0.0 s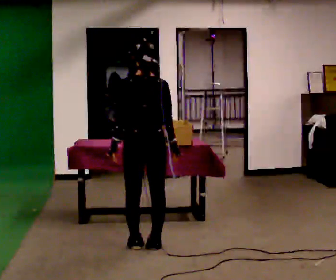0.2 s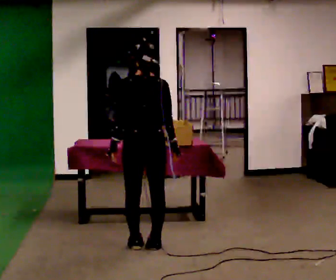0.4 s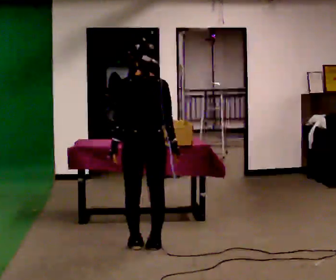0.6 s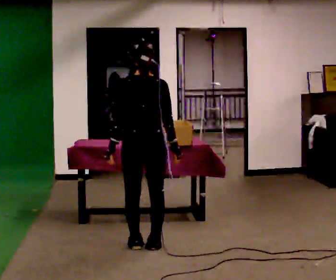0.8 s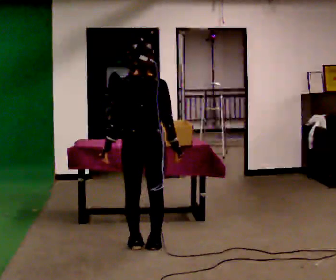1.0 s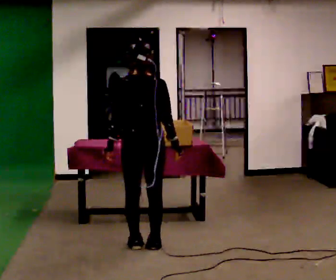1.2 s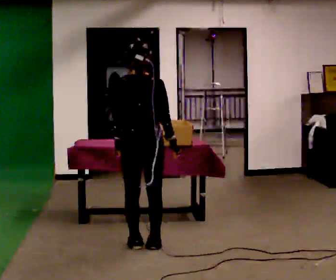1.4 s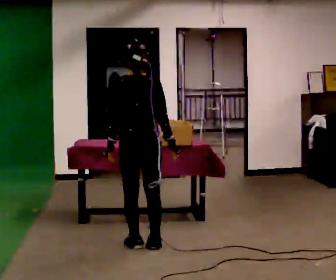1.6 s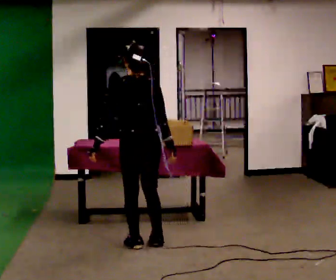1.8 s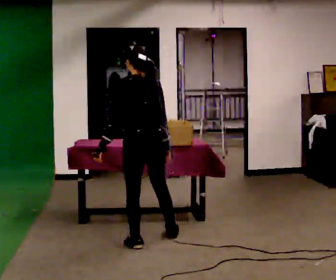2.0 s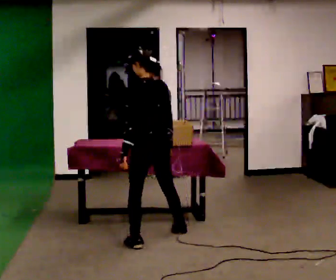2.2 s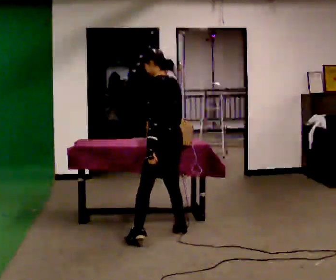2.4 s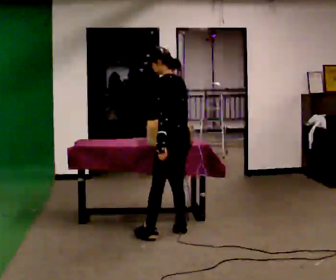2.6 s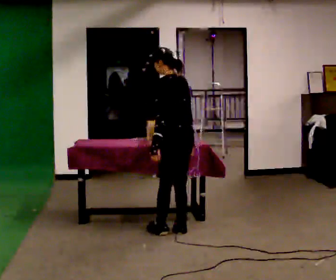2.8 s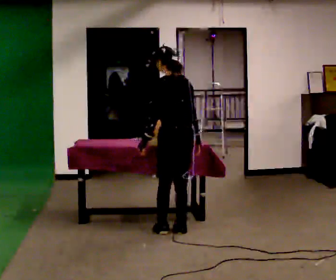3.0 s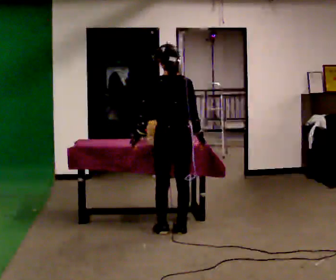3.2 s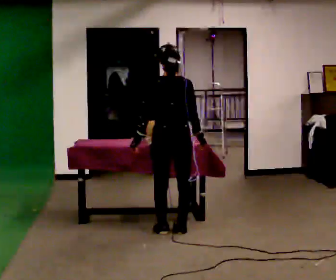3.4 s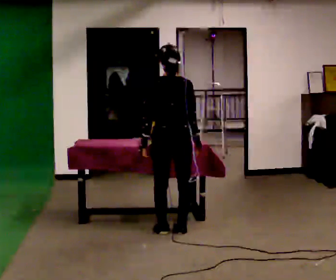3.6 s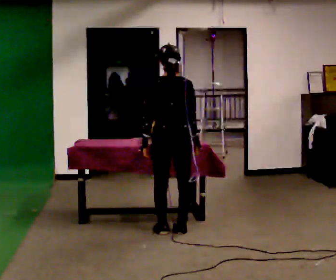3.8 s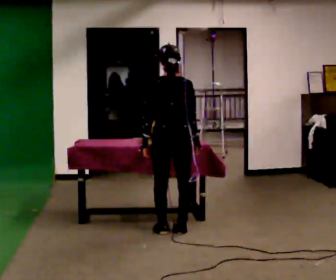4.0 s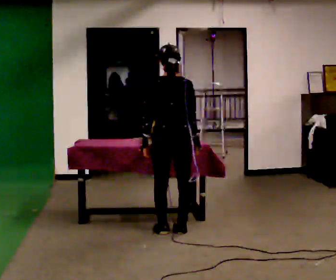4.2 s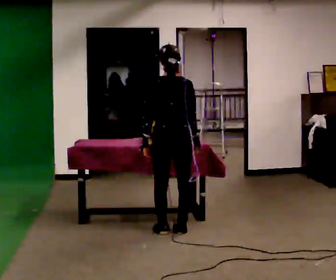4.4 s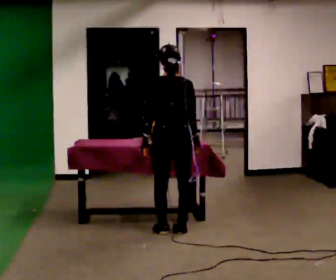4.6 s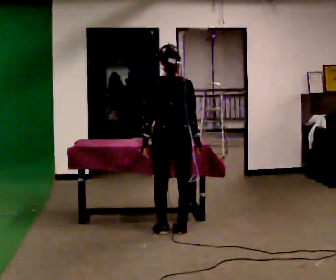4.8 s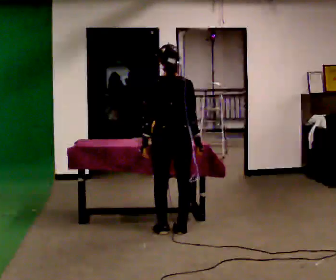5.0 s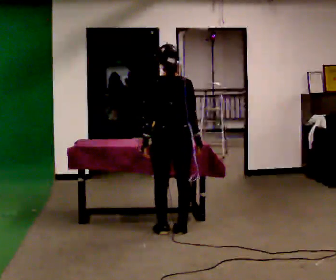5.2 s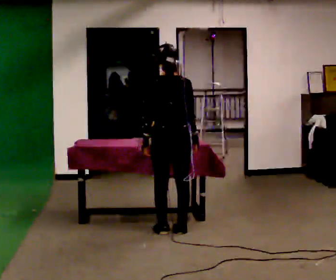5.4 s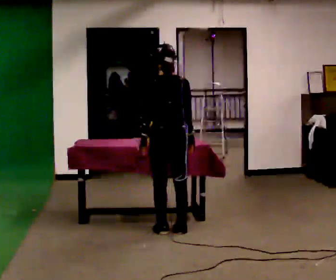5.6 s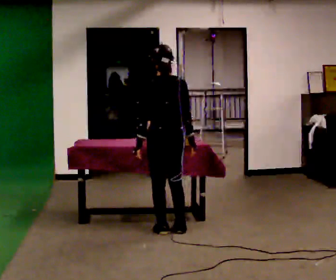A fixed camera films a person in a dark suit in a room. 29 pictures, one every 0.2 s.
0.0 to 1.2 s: The person moves a little, or ends about where they began.
1.2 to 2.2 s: The person turns about 45 degrees to their left, counterclockwise seen from above, so the part of the body nearest the lens slides to the right. In the picture they go away from the camera, about 0.25 m in 2 steps, which for them is to their right and forward.
2.2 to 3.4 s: The person turns about 45 degrees to their right, clockwise seen from above, so the part of the body nearest the lens slides to the left. In the picture they go away from the camera, about 0.25 m, which for them is to their right.
3.4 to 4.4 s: The person keeps their place and pose.
4.4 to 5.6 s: The person moves a little, or ends about where they began.
The film runs backward here.
